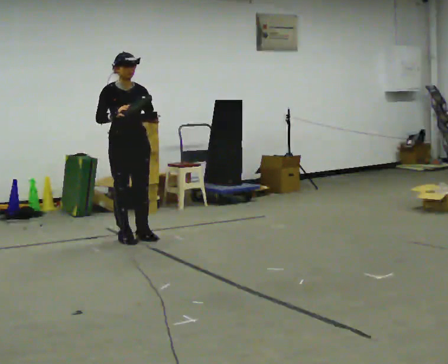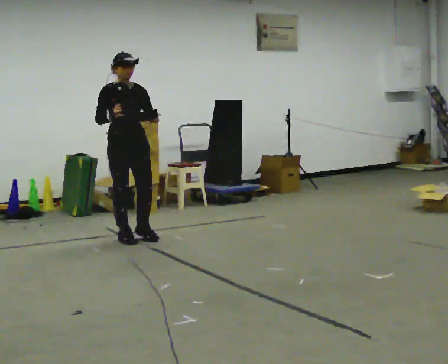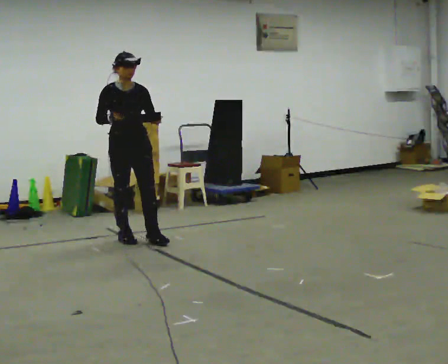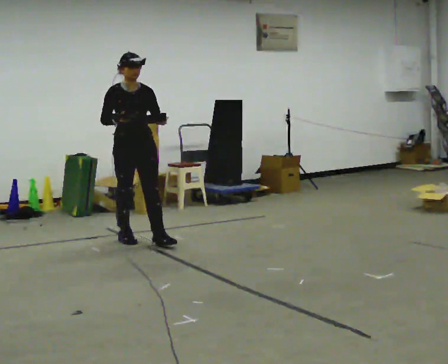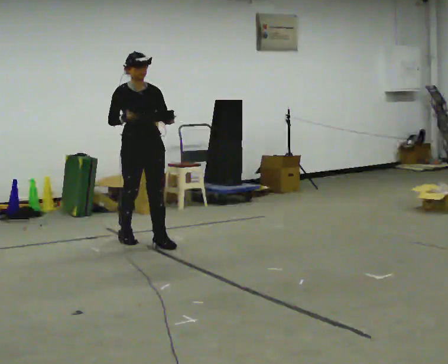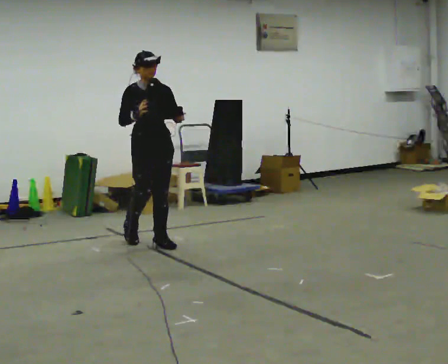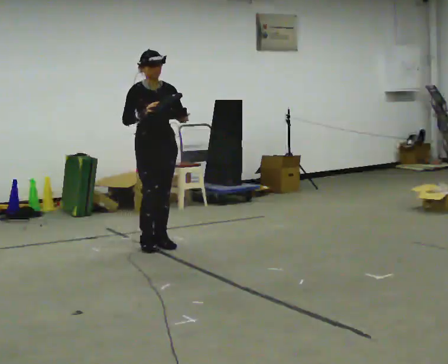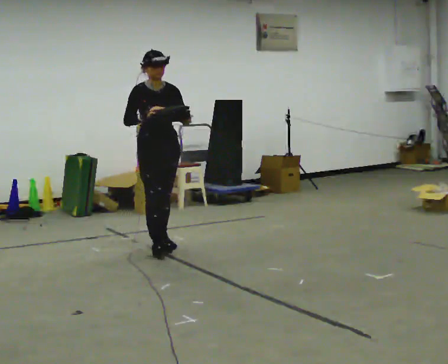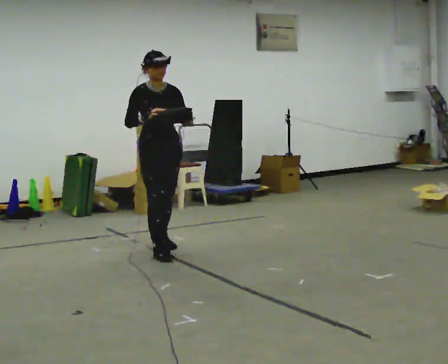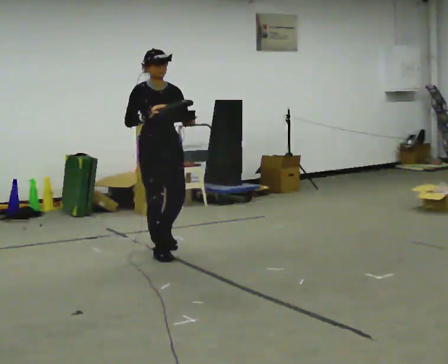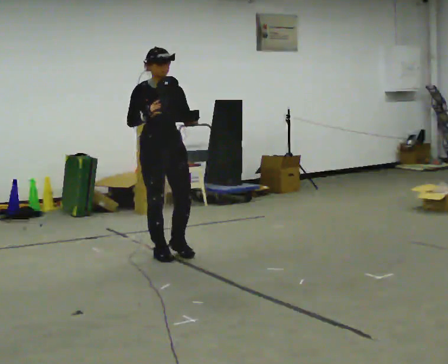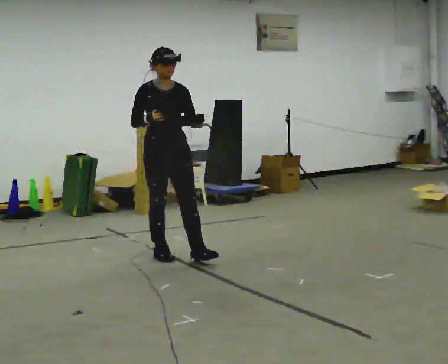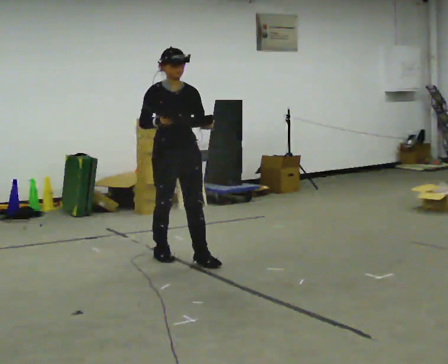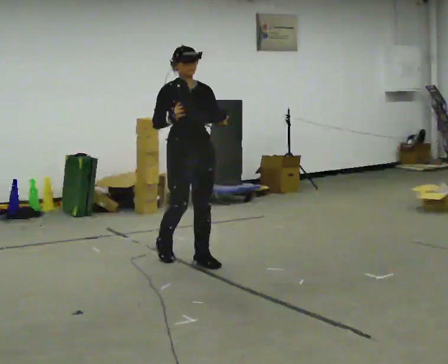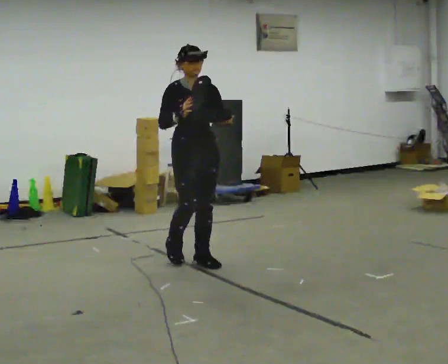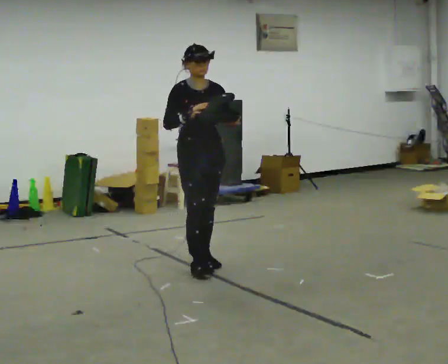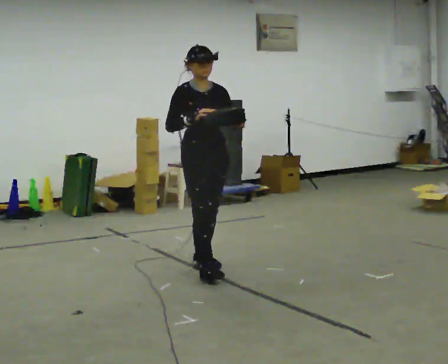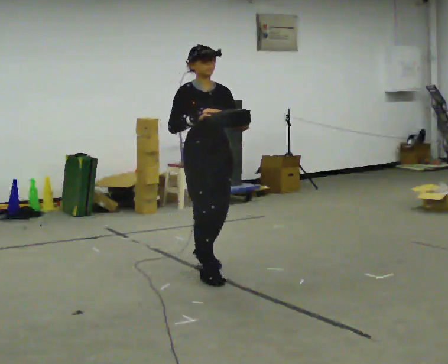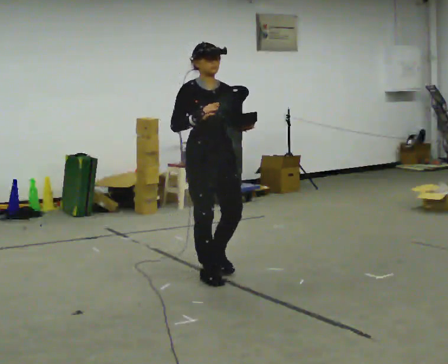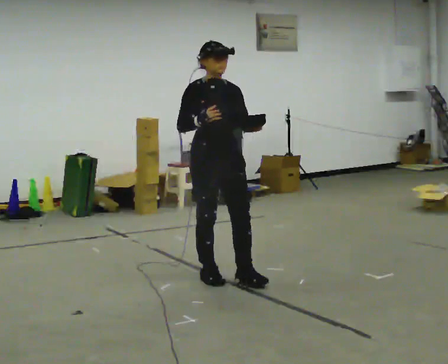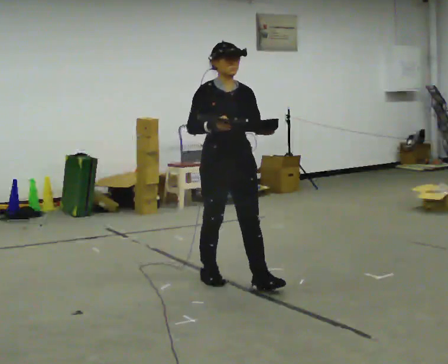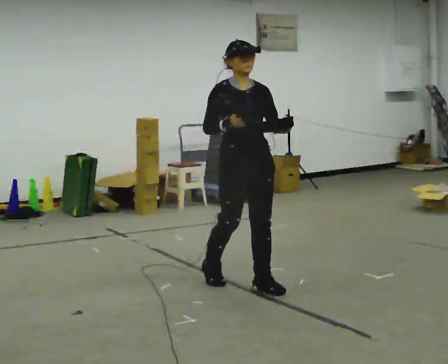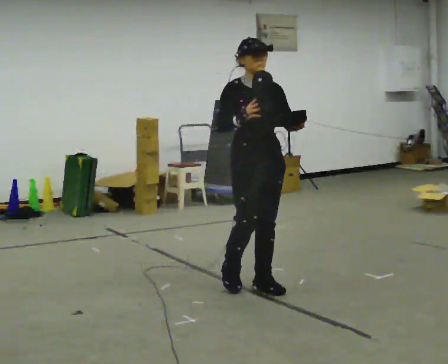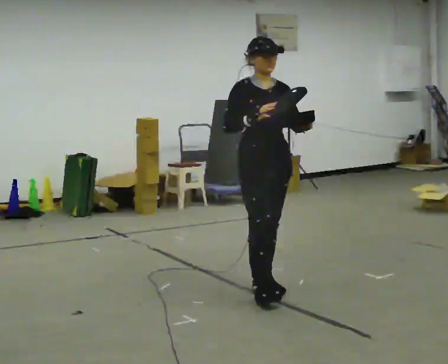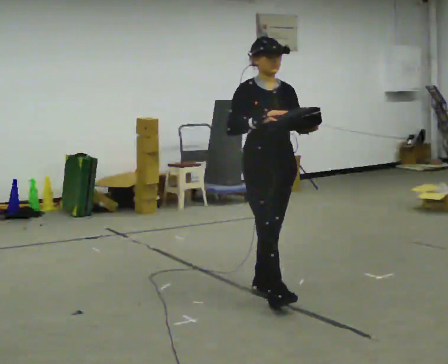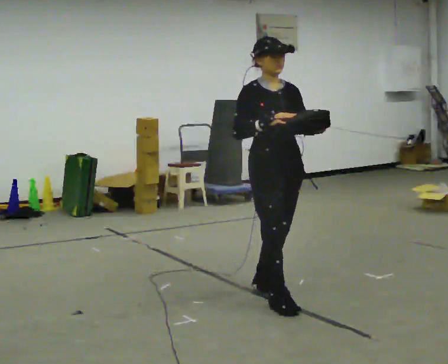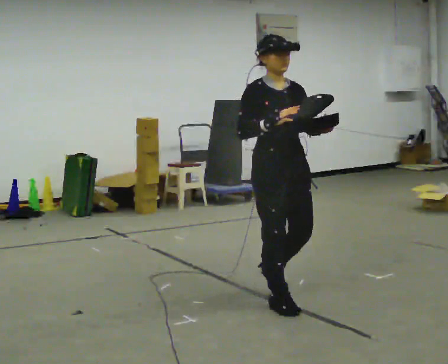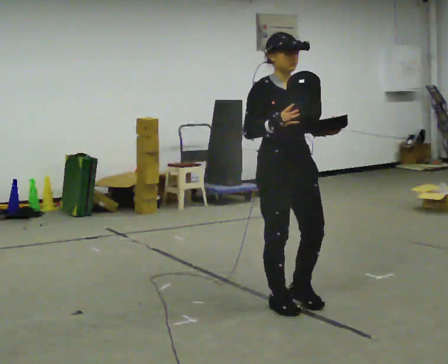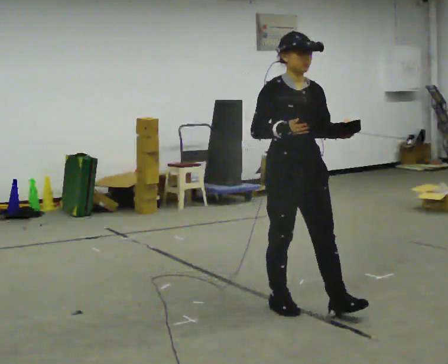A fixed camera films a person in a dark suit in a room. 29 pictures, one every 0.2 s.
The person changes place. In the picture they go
toward the camera.
0.0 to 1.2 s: In the picture they go to the right and toward the camera, about 0.25 m in 1 step, which for them is forward and to their left.
1.2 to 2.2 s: In the picture they go toward the camera, about 0.5 m in 1 step, which for them is forward.
2.2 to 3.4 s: In the picture they go toward the camera and to the right, about 0.5 m in 2 steps, which for them is forward.
3.4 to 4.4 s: In the picture they go toward the camera and to the right, about 0.5 m in 1 step, which for them is forward.
4.4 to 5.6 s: In the picture they go toward the camera and to the right, about 0.5 m in 1 step, which for them is forward.
The film runs forward here.
